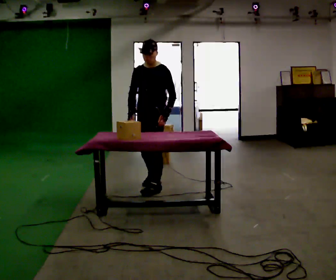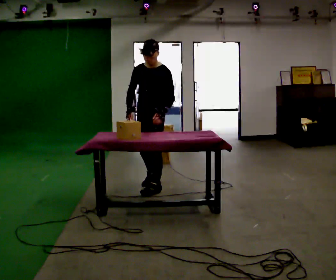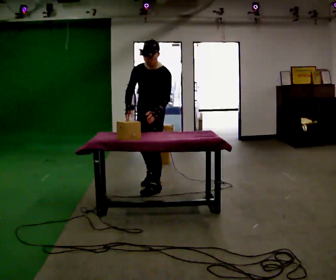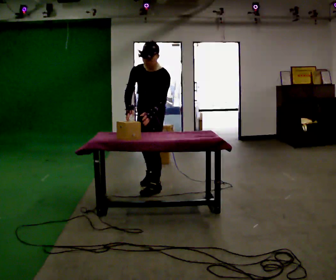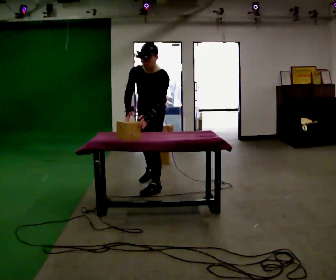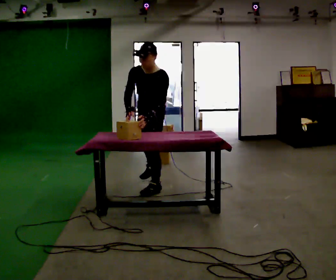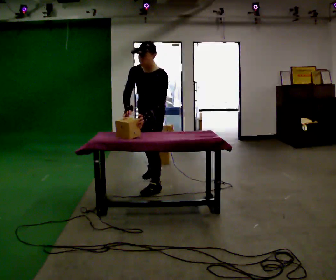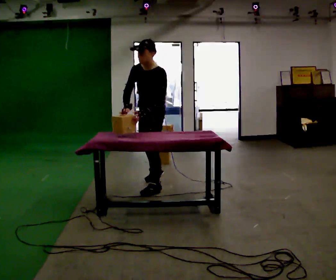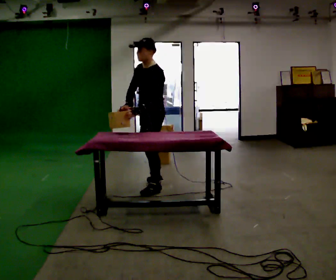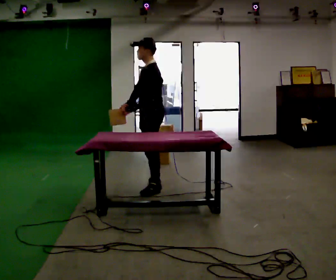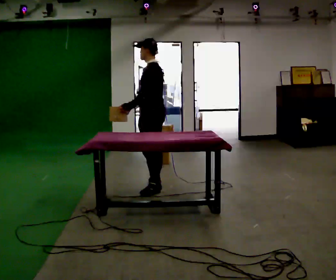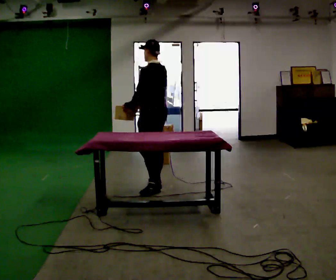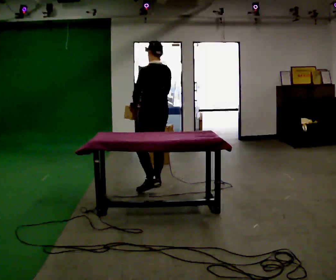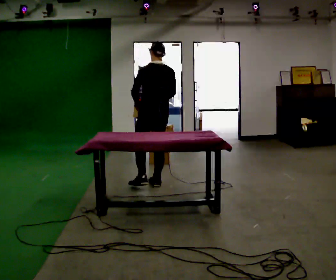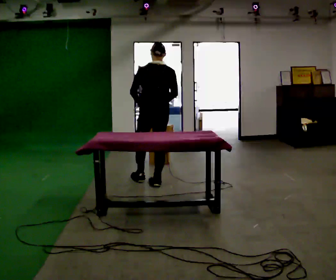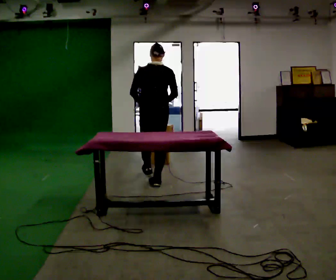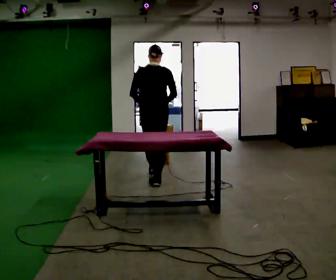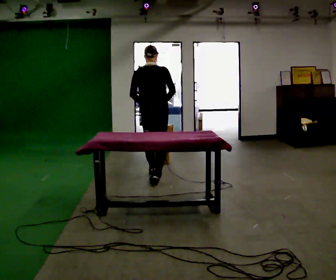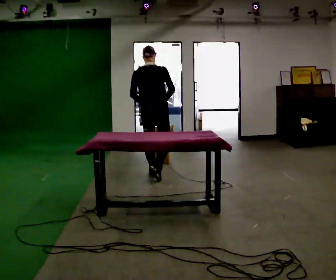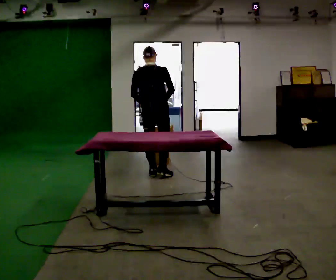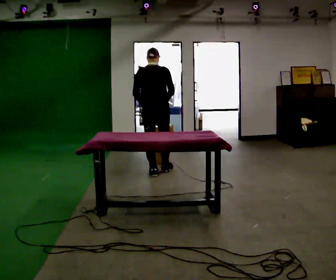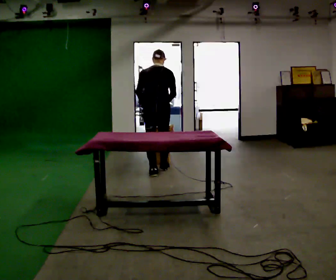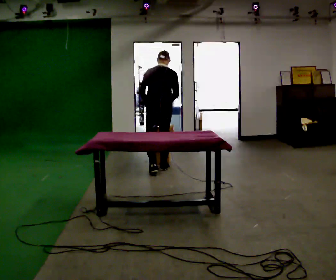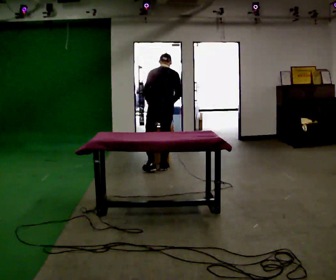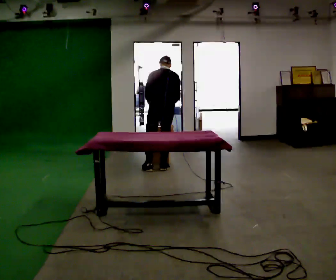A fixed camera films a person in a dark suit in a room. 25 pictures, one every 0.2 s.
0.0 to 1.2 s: The upper body tips toward the camera, its near side rolling downward.
1.2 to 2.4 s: Seen from above the body turns clockwise, about 90 degrees: to their right, with its near side sliding to the left. In the picture they go away from the camera, about 0.25 m in 1 step. The upper body tips away from the camera, its near side rolling upward, as they lean back or straighten.
2.4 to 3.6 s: The part of the body nearest the lens slides to the left as the person turns to their right by about 45 degrees. In the picture they go away from the camera, about 0.5 m in 1 step, which for them is forward.
3.6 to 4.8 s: In the picture they go away from the camera, about 0.25 m in 2 steps, which for them is forward. The upper body tips away from the camera, its near side rolling upward, as they bend forward.
The film runs forward here.
